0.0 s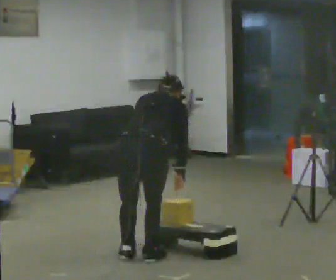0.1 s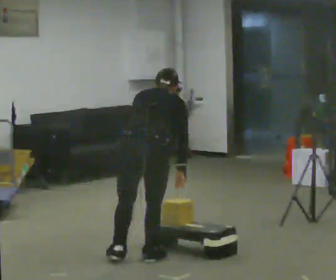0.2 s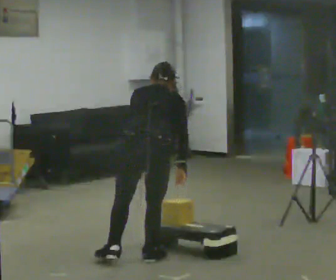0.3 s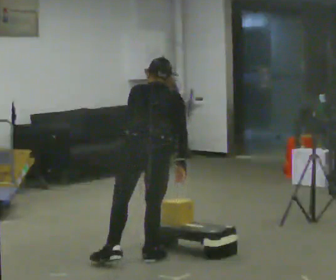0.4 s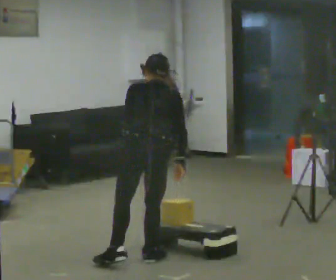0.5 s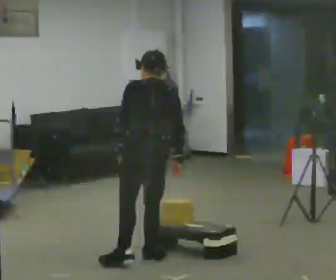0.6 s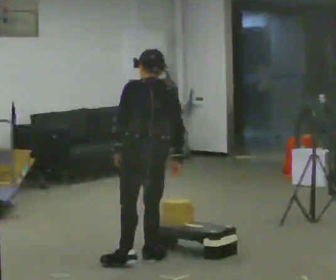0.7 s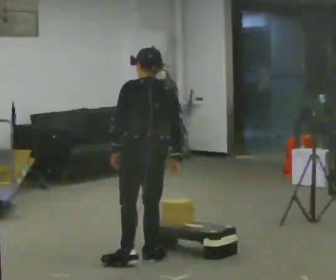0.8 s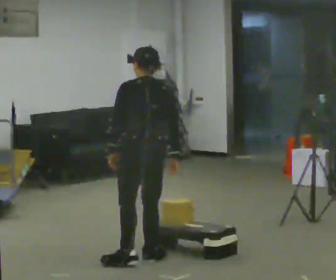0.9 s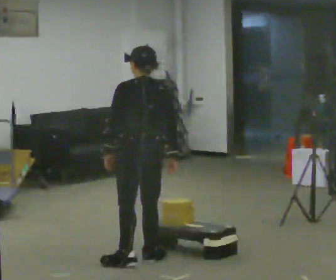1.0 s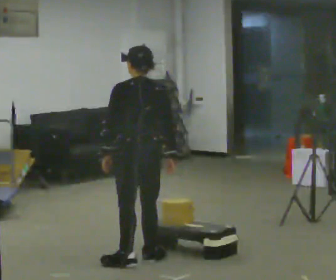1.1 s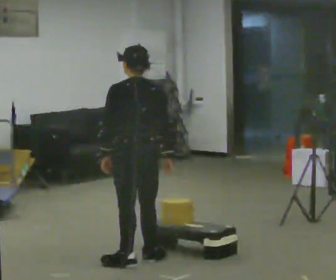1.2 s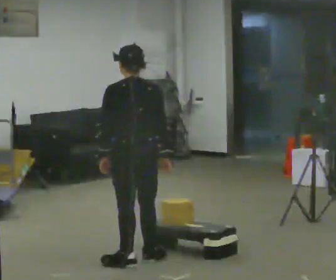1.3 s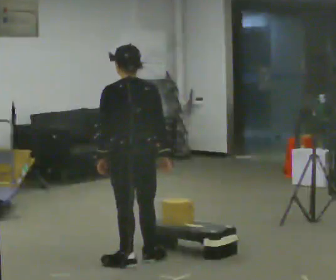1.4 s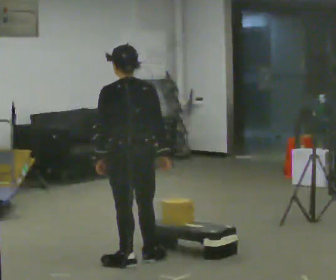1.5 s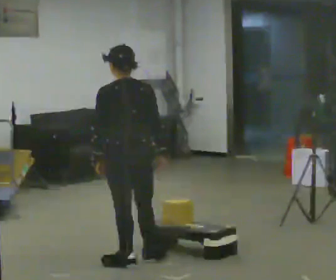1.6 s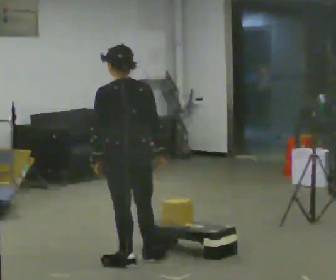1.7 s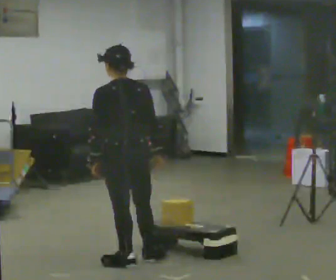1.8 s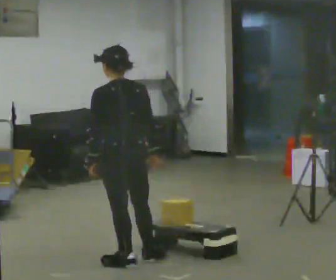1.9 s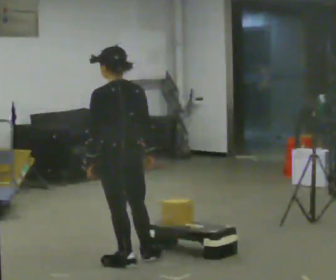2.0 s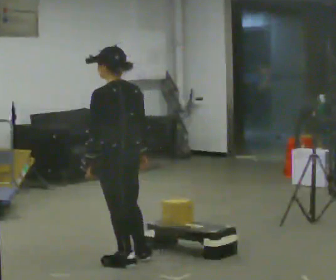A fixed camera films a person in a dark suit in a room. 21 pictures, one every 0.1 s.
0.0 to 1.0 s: The person turns about 30 degrees to their left, counterclockwise seen from above, so the part of the body nearest the lens slides to the right. The upper body tips toward the camera, its near side rolling downward, as they lean back or straighten.
1.0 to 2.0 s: The part of the body nearest the lens slides to the right as the person turns to their left by about 30 degrees.
The film runs forward here.
